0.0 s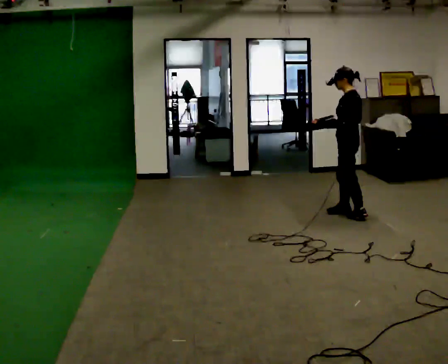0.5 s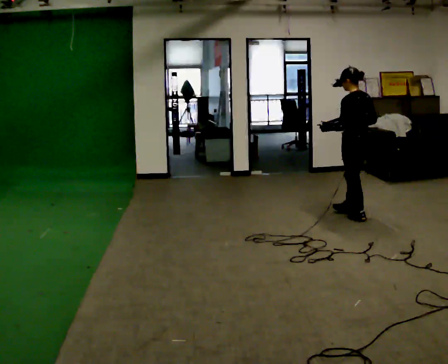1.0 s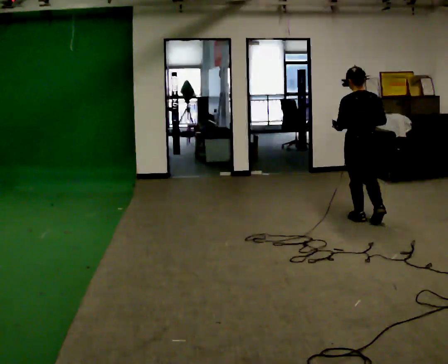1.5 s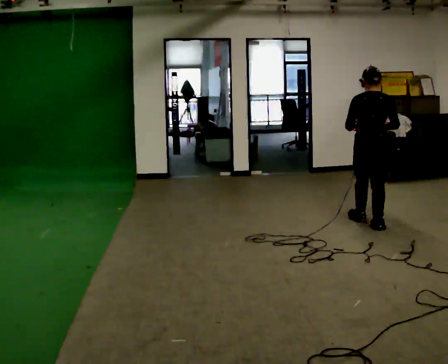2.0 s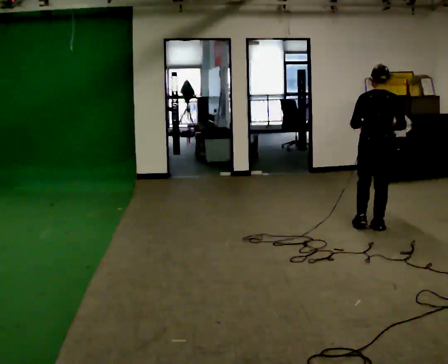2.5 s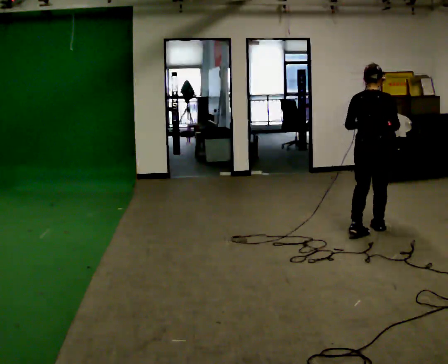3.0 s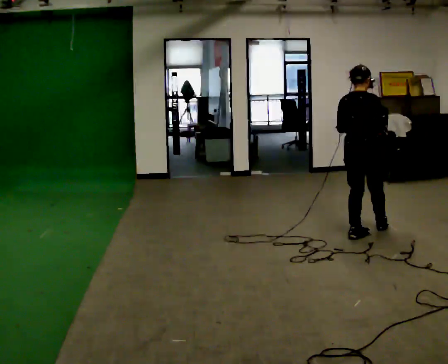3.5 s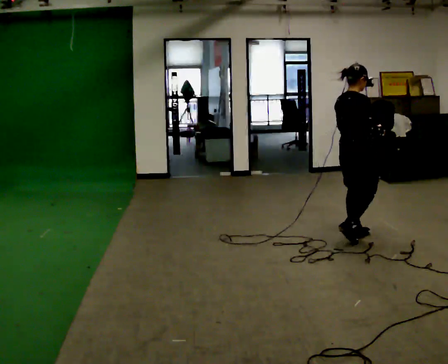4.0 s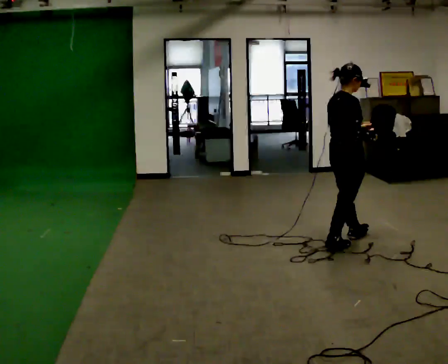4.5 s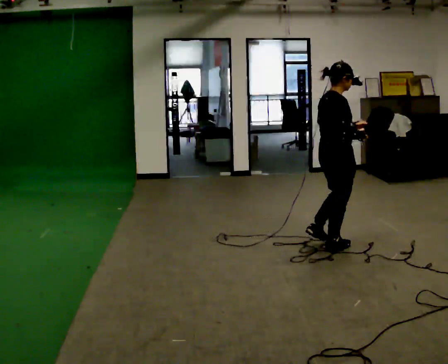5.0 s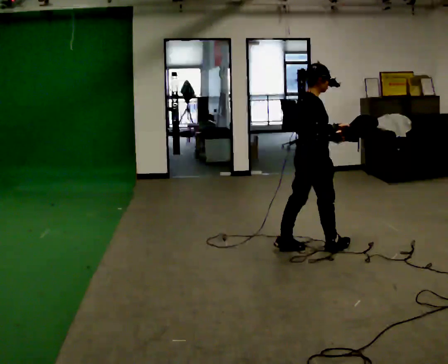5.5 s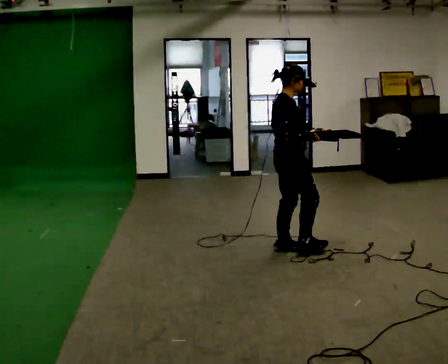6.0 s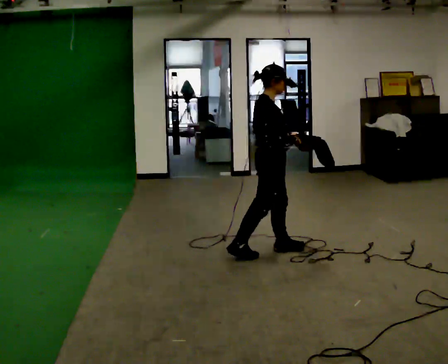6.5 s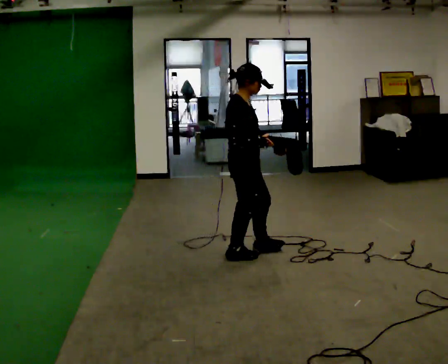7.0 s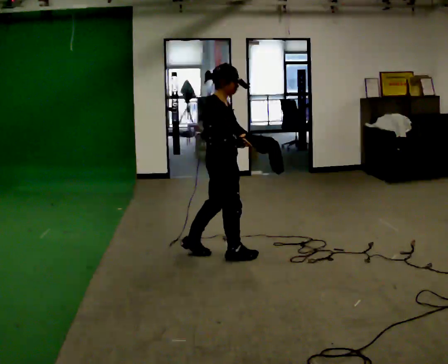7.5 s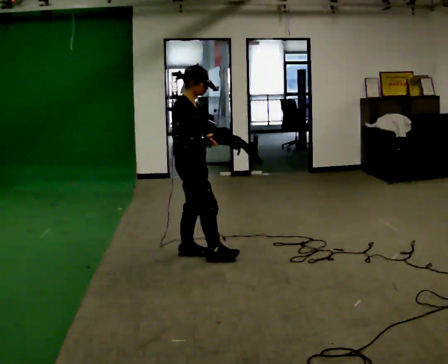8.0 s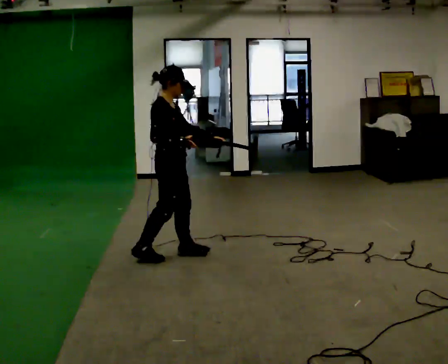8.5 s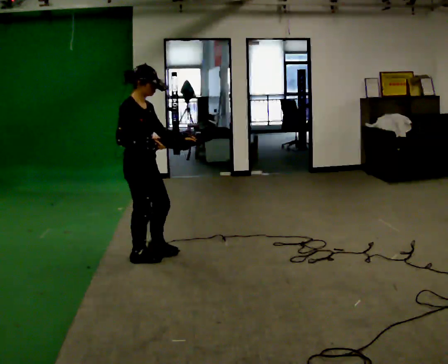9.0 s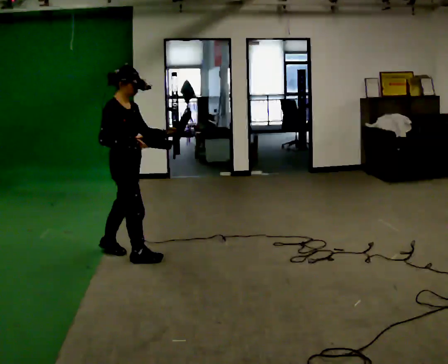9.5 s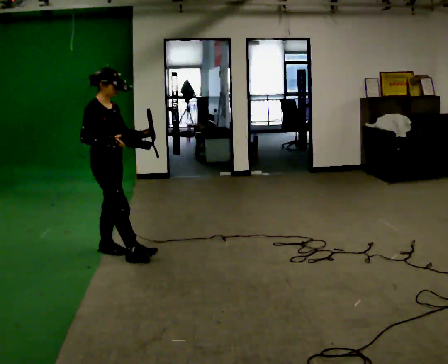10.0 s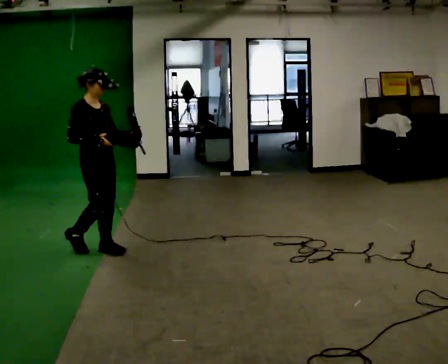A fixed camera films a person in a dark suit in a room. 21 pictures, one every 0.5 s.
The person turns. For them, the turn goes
to their right.
The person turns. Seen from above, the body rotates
clockwise.
0.0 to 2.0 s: Seen from above the body turns clockwise, about 75 degrees: to their right, with its near side sliding to the left. In the picture they go toward the camera, about 0.5 m in 2 steps.
2.0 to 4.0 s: The person turns about 60 degrees to their right, clockwise seen from above, so the part of the body nearest the lens slides to the left. In the picture they go toward the camera and to the left, about 0.5 m in 1 step, which for them is backward.
4.0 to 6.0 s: In the picture they go to the left, about 0.5 m in 2 steps, which for them is backward.
6.0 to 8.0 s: In the picture they go to the left, about 1 m in 2 steps, which for them is backward.
8.0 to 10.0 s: In the picture they go to the left, about 0.5 m in 2 steps, which for them is backward.
The film runs backward here.
